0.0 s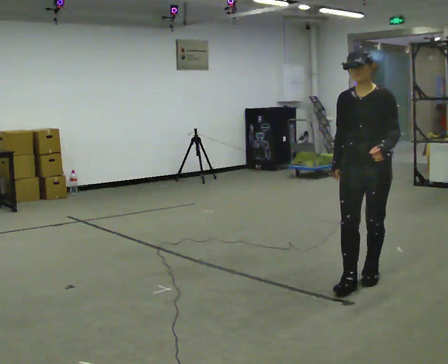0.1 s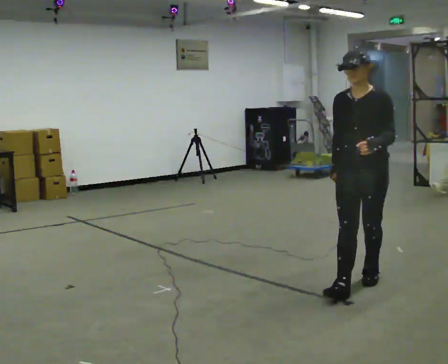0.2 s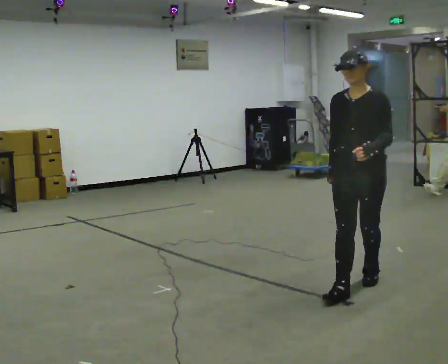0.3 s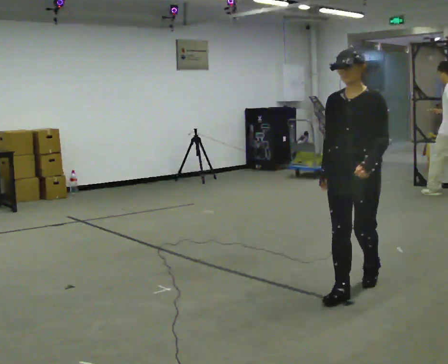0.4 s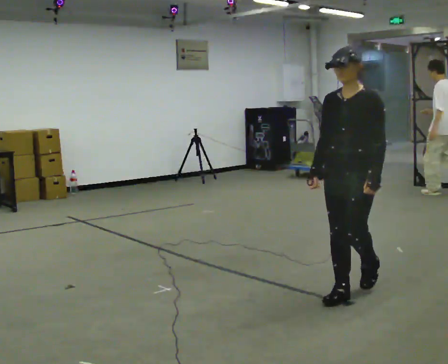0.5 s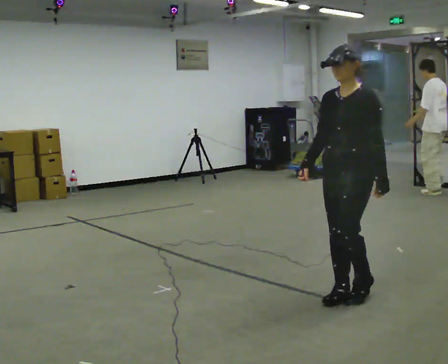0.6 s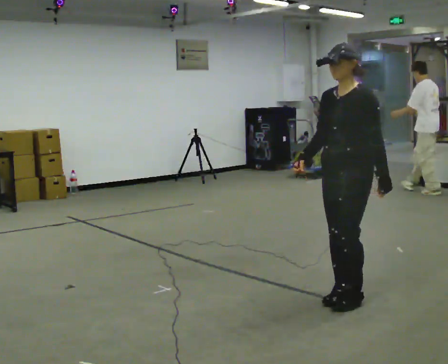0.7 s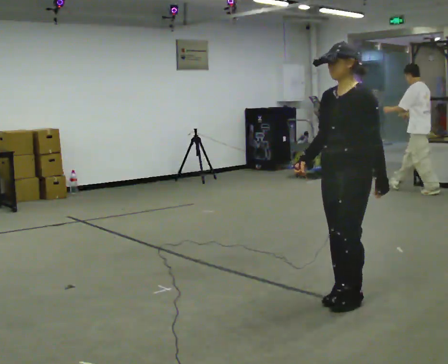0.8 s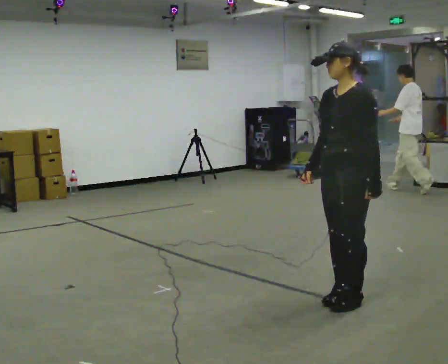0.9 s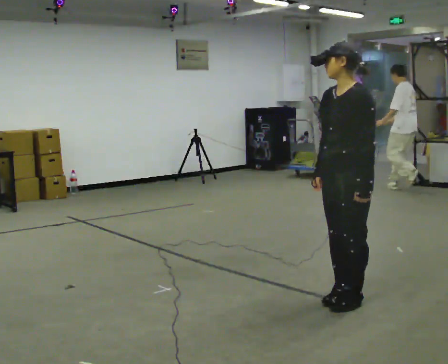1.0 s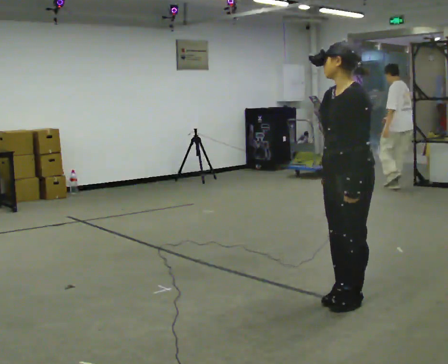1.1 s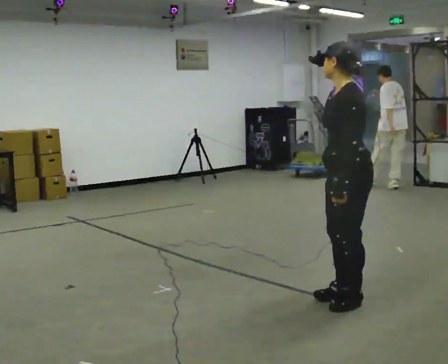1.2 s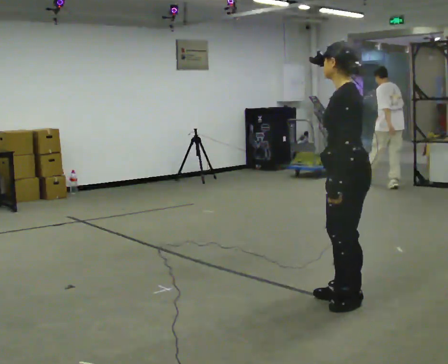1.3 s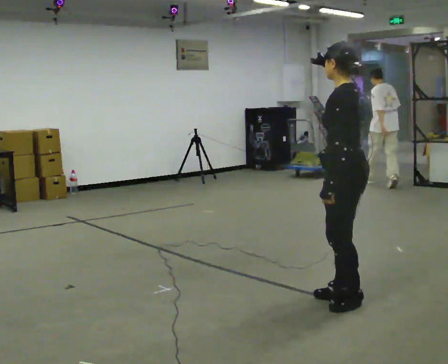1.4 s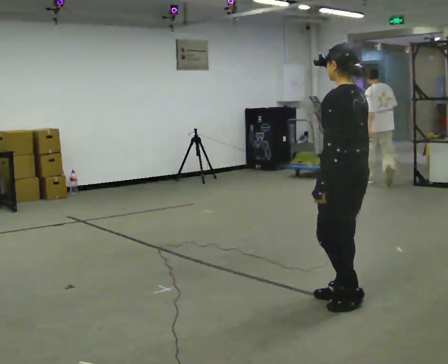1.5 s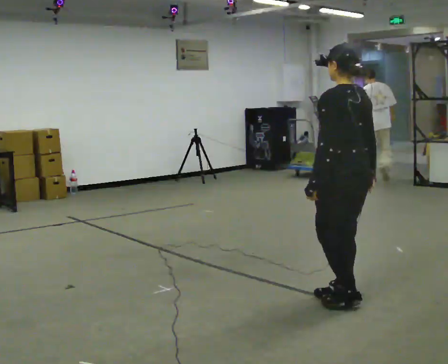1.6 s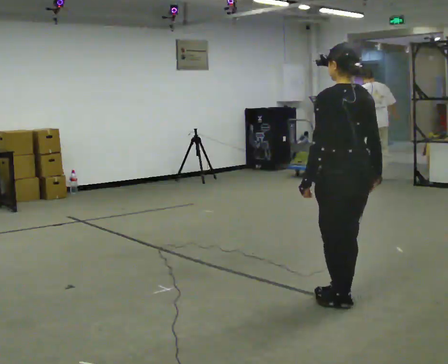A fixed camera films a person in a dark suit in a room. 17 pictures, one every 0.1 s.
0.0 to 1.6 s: Seen from above the body turns clockwise, about 120 degrees: to their right, with its near side sliding to the left. In the picture they go toward the camera and to the left, about 0.5 m in 2 steps.
The film runs forward here.
